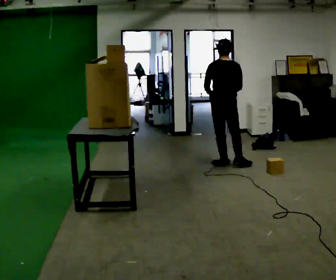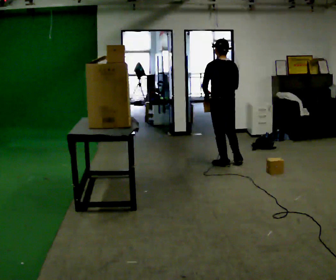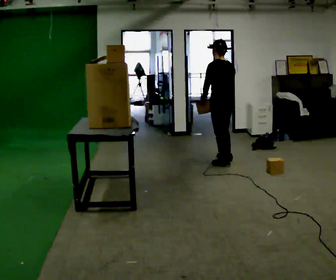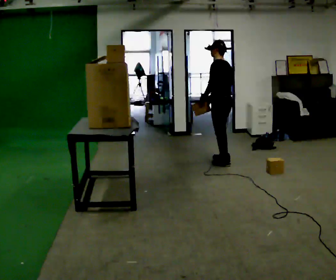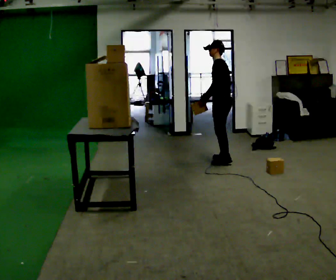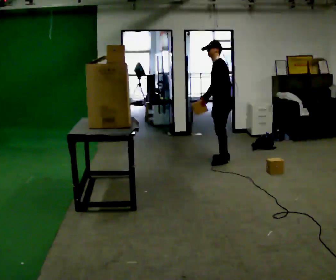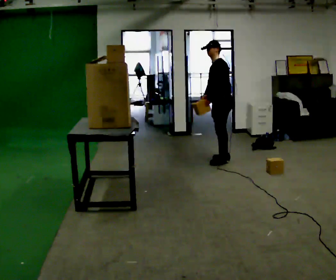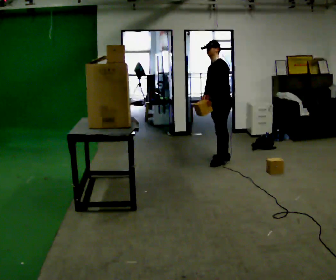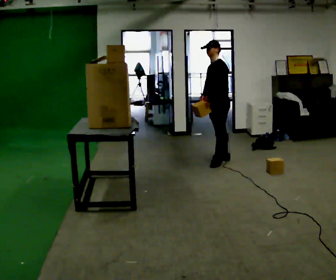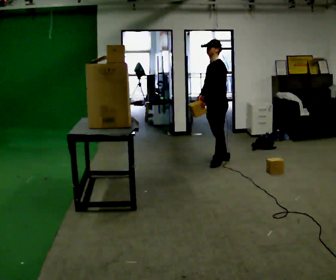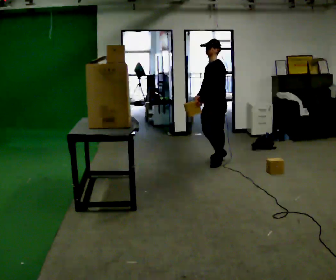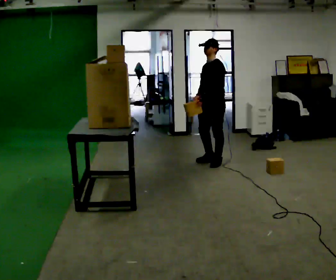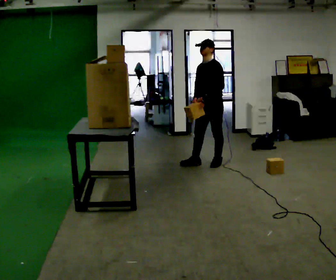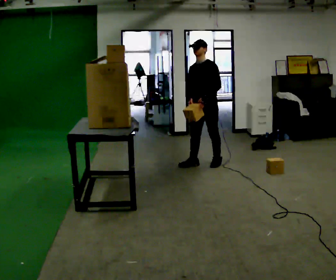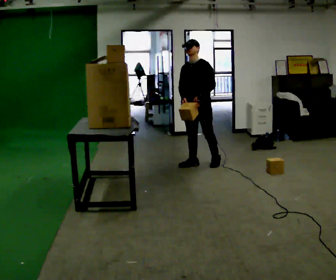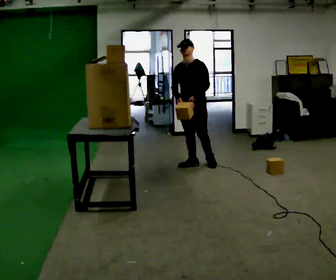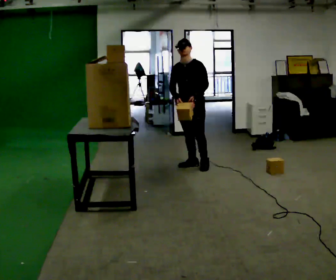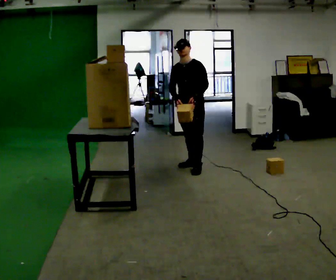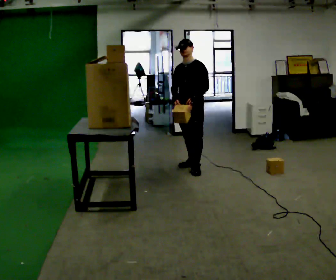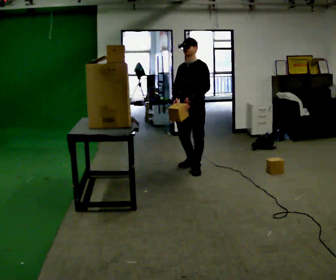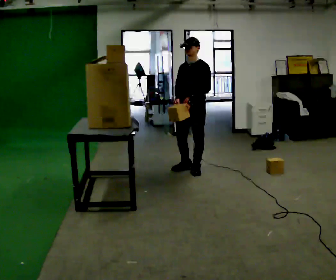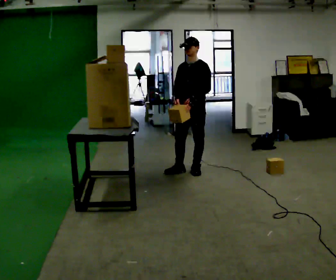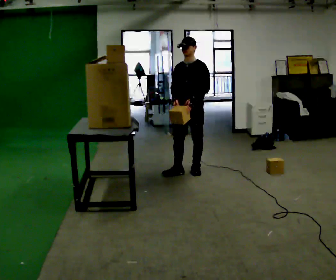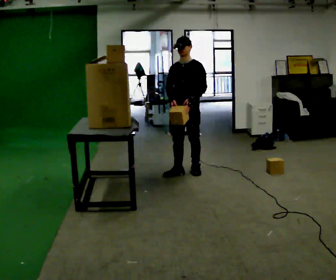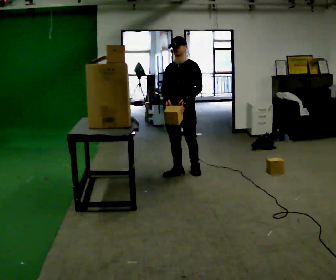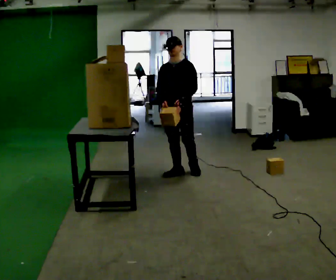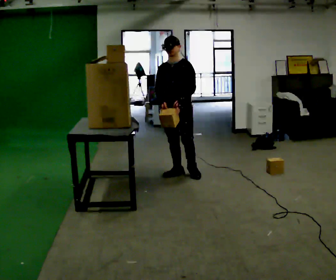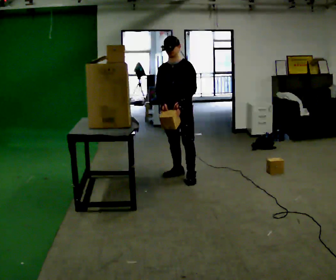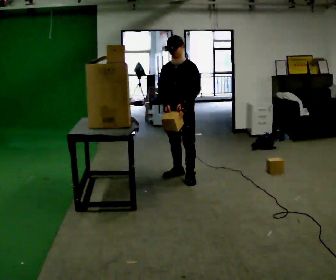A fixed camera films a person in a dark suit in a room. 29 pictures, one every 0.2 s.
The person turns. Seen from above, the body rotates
counterclockwise.
The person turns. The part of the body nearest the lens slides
to the right.
0.0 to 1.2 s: Seen from above the body turns counterclockwise, about 90 degrees: to their left, with its near side sliding to the right. In the picture they go away from the camera, about 0.25 m in 2 steps.
1.2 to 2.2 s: In the picture they go toward the camera, about 0.25 m, which for them is forward and to their left.
2.2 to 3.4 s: The part of the body nearest the lens slides to the right as the person turns to their left by about 30 degrees. In the picture they go to the left, about 0.25 m in 1 step, which for them is to their right and forward.
3.4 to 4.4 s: In the picture they go toward the camera, about 0.25 m in 2 steps, which for them is forward.
4.4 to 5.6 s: In the picture they go toward the camera, about 0.25 m in 1 step, which for them is forward.
The film runs forward here.
